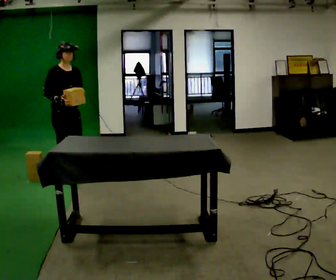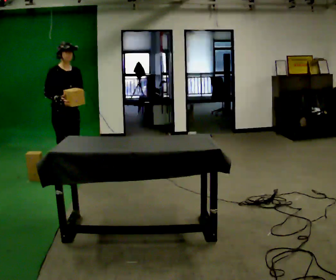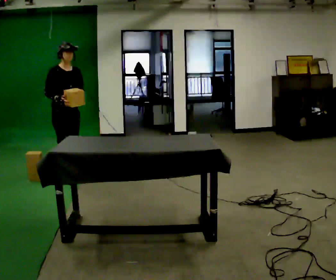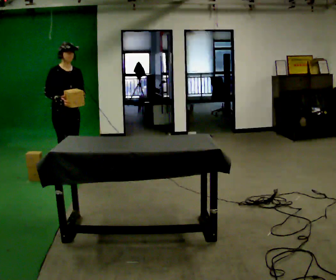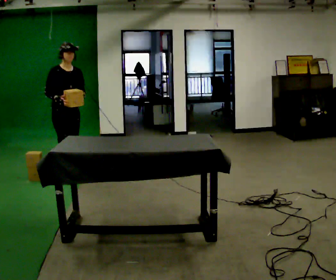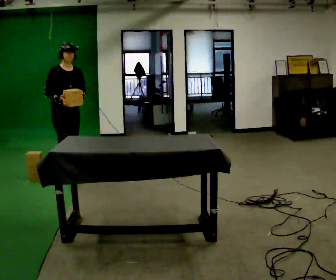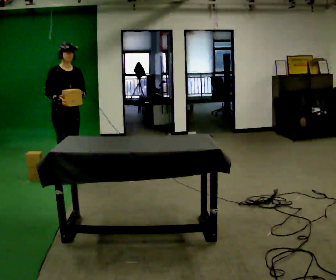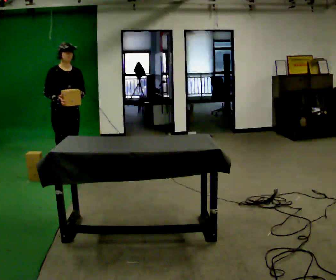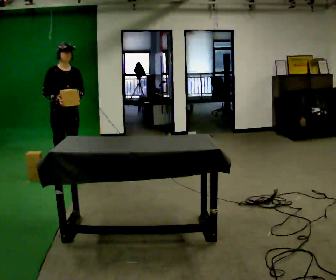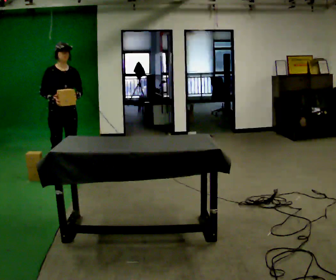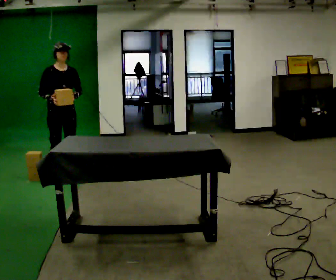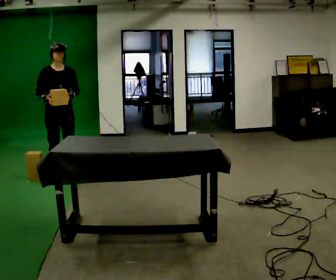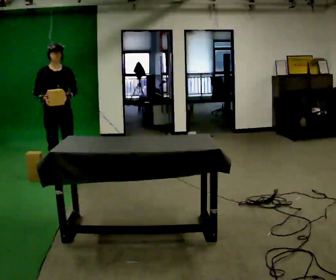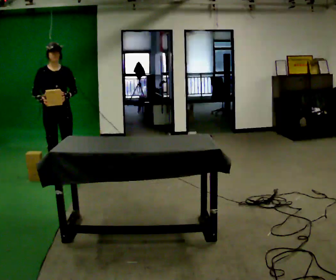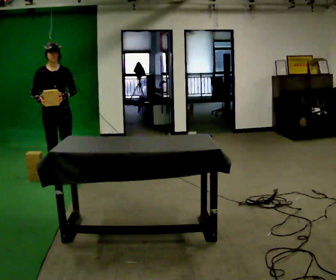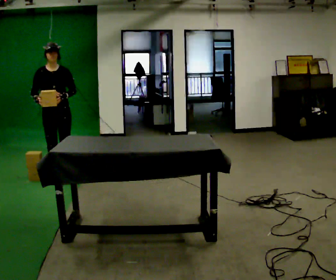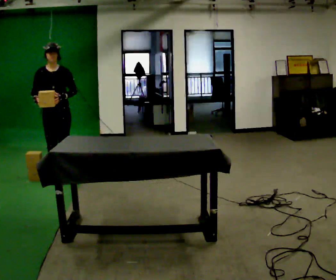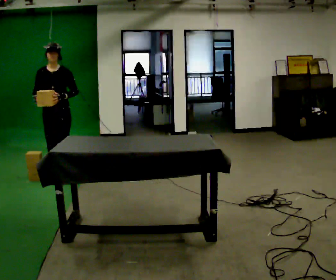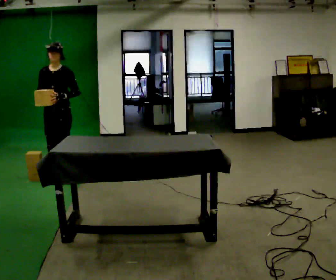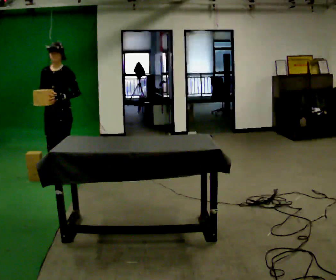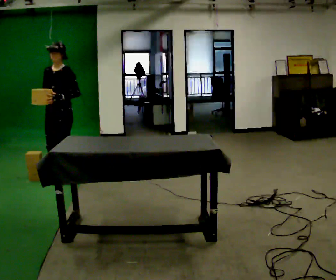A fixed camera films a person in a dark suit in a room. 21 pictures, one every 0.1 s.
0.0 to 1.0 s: The person moves a little, or ends about where they began.
1.0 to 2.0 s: The person turns about 45 degrees to their right, clockwise seen from above, so the part of the body nearest the lens slides to the left.
The film runs backward here.
